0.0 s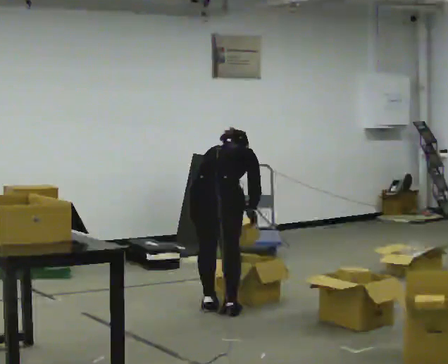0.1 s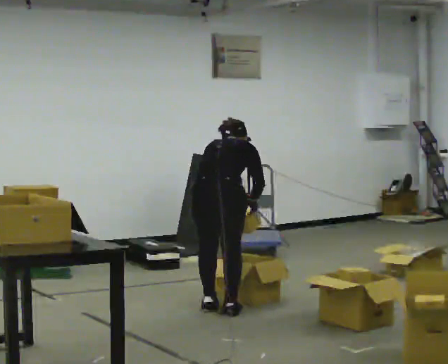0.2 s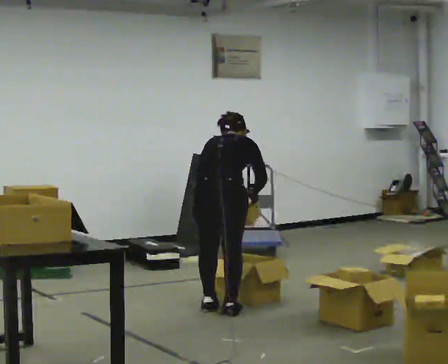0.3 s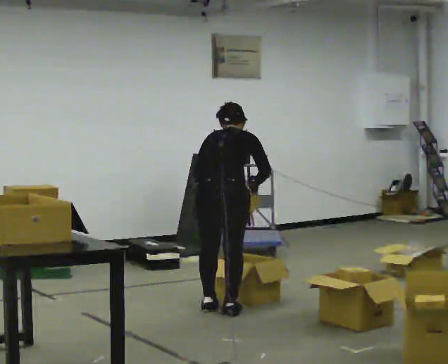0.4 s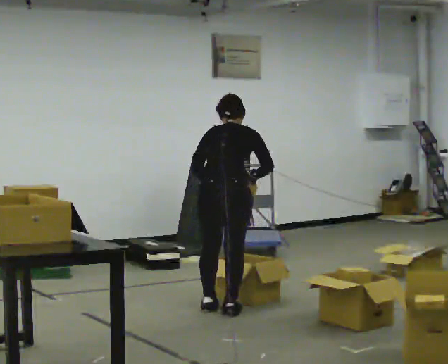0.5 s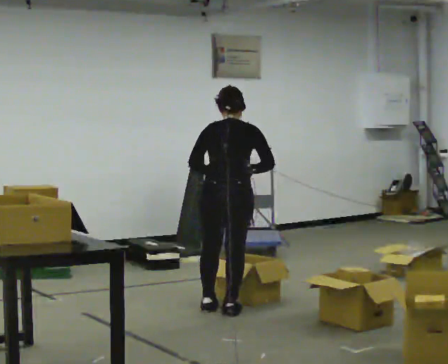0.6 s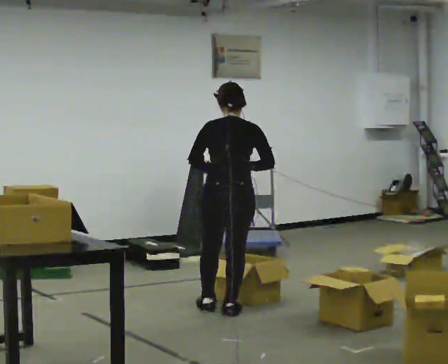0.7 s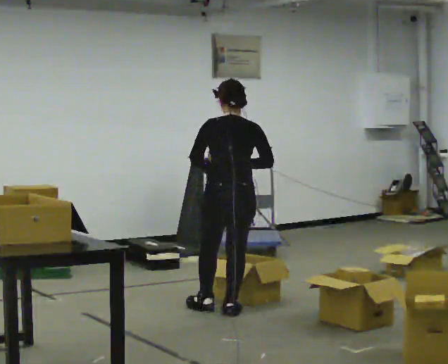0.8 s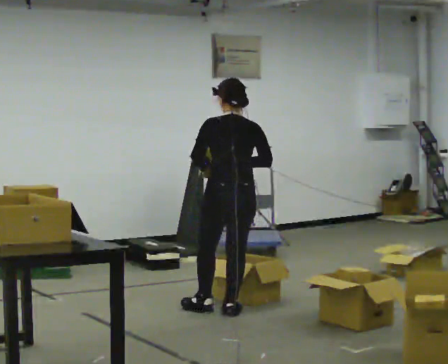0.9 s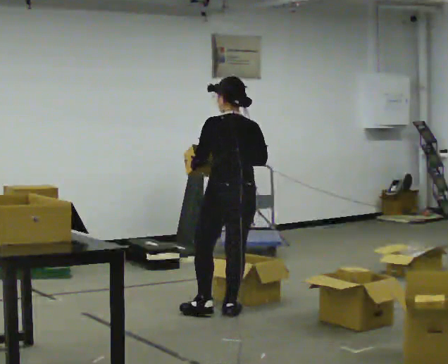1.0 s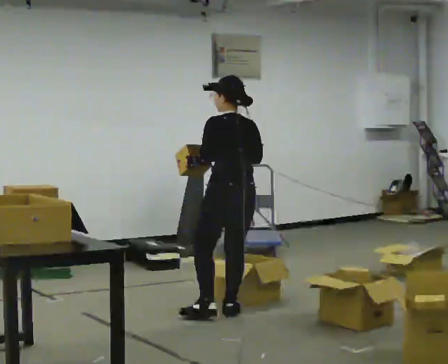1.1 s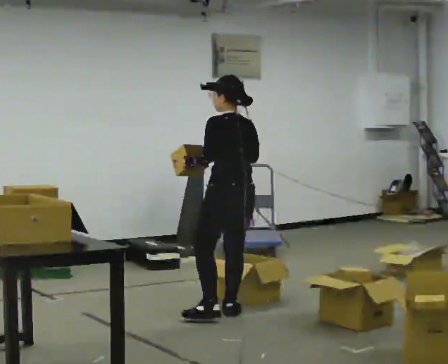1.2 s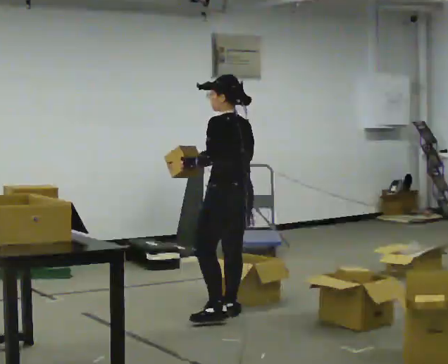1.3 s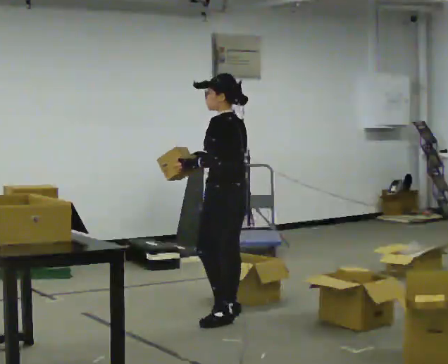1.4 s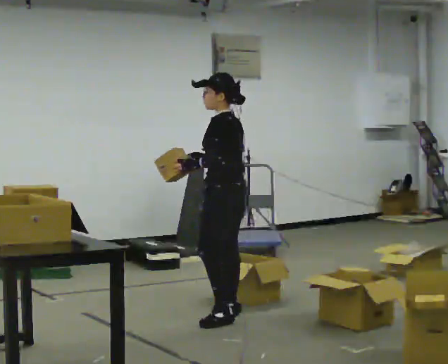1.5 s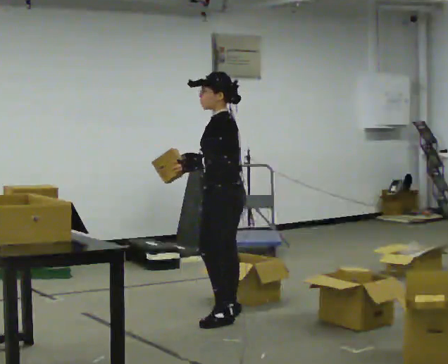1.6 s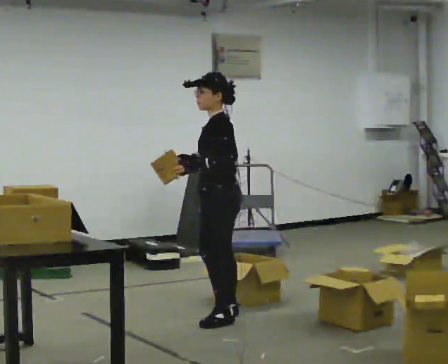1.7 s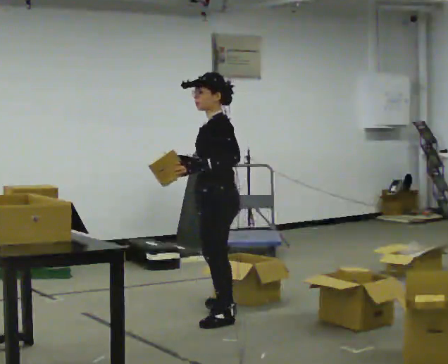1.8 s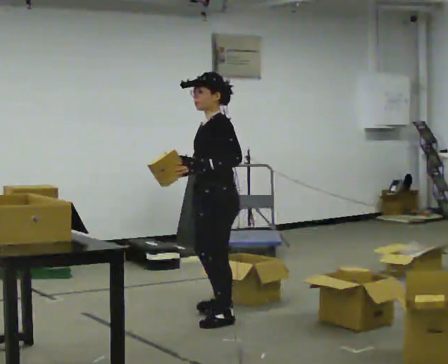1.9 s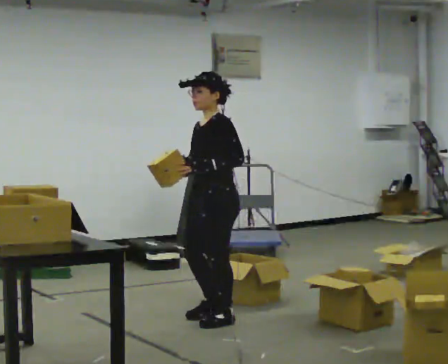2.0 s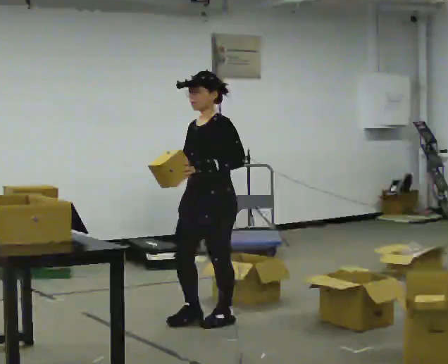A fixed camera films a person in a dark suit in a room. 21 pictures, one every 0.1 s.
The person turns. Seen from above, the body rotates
counterclockwise.
The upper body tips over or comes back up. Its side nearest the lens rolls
downward.
0.0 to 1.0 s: The part of the body nearest the lens slides to the right as the person turns to their left by about 45 degrees. The upper body goes upward. The upper body tips toward the camera, its near side rolling downward, as they lean back or straighten. In the picture their right hand goes upward.
1.0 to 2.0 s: Seen from above the body turns counterclockwise, about 90 degrees: to their left, with its near side sliding to the right. In the picture they go toward the camera, about 0.25 m in 1 step.
The film runs forward here.
